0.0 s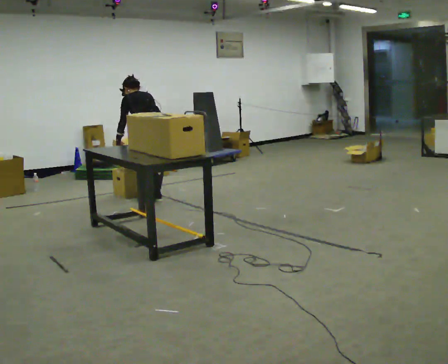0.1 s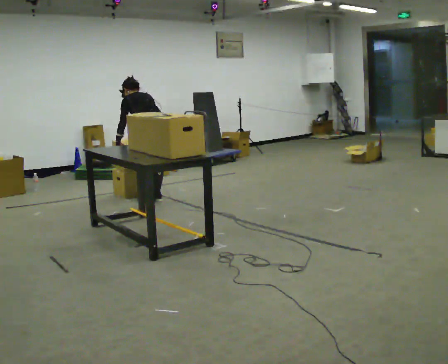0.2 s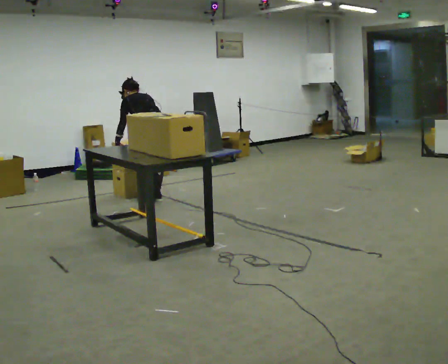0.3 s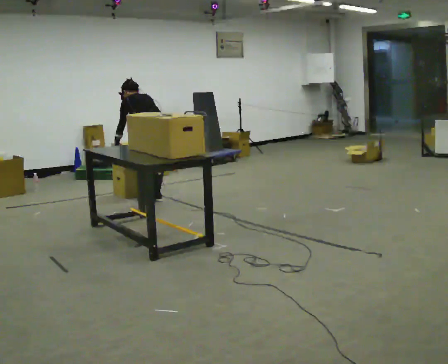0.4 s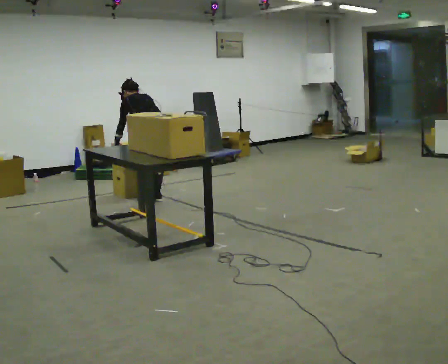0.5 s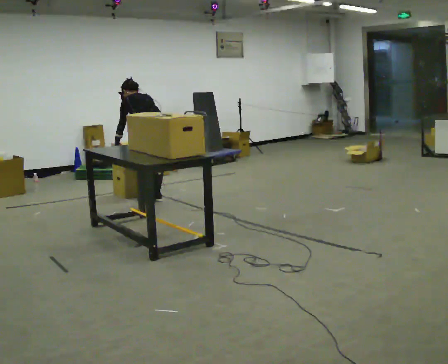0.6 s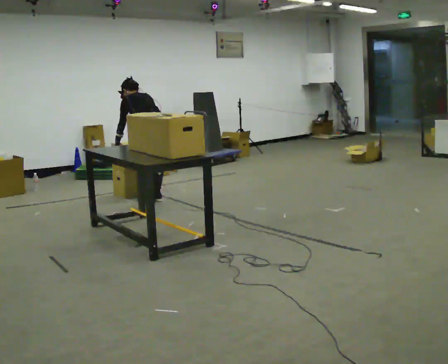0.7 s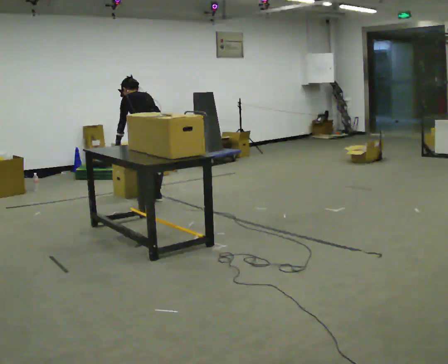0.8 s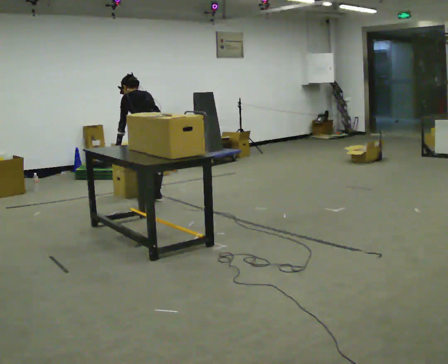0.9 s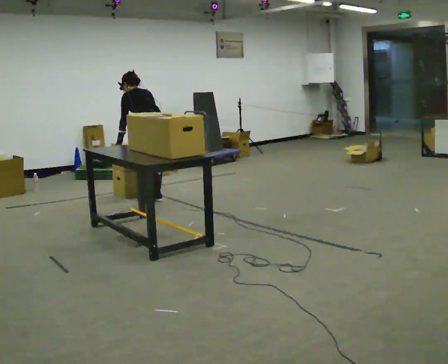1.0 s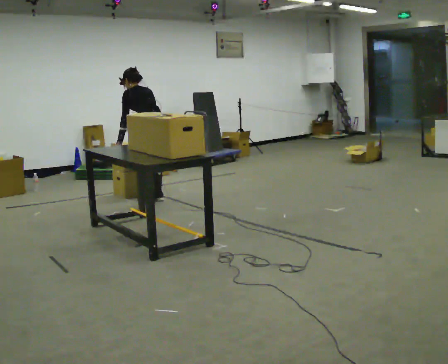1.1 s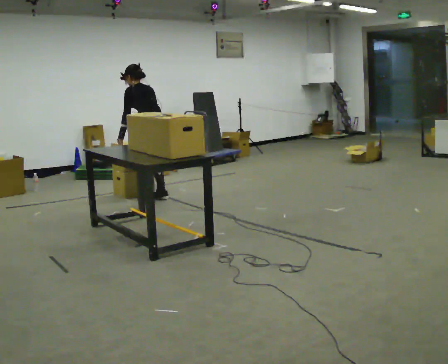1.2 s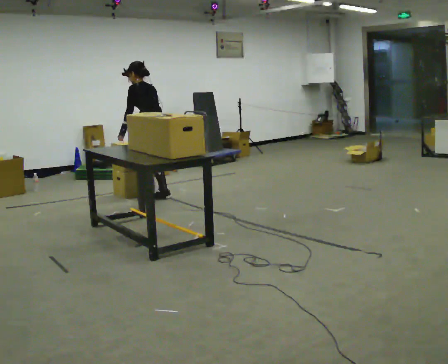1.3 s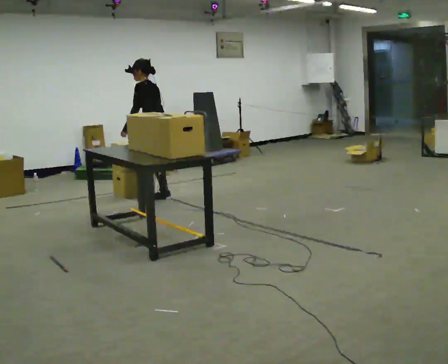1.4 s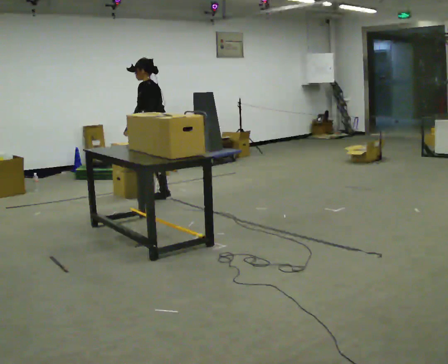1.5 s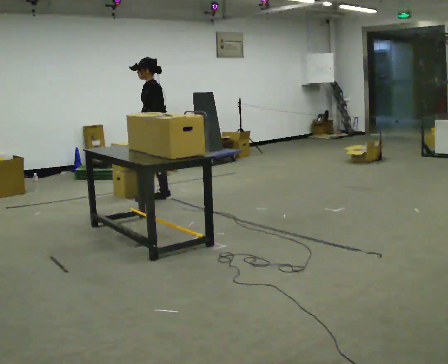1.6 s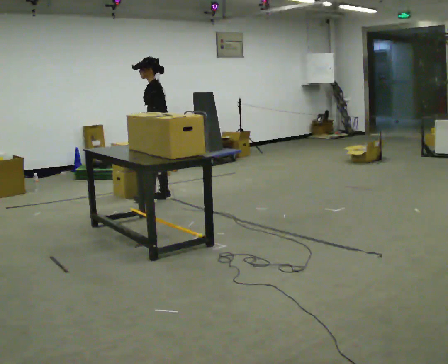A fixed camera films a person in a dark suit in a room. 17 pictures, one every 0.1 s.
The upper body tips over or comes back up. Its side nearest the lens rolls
downward.
0.0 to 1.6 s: The person turns about 60 degrees to their left, counterclockwise seen from above, so the part of the body nearest the lens slides to the right. In the picture they go away from the camera, about 0.25 m, which for them is to their right. The upper body tips toward the camera, its near side rolling downward, as they lean back or straighten. In the picture their left hand goes to the right.
The film runs forward here.
